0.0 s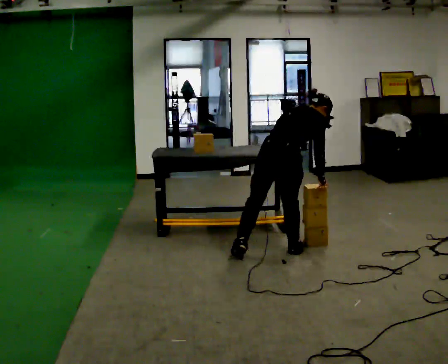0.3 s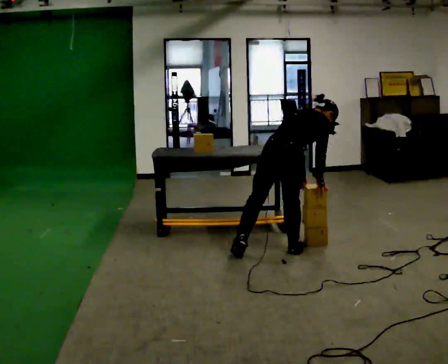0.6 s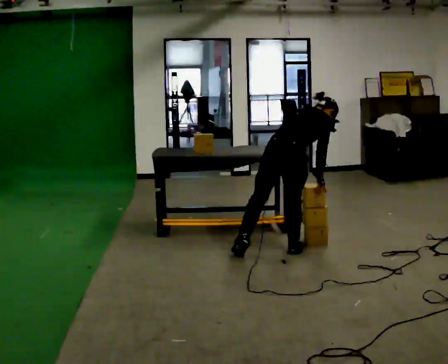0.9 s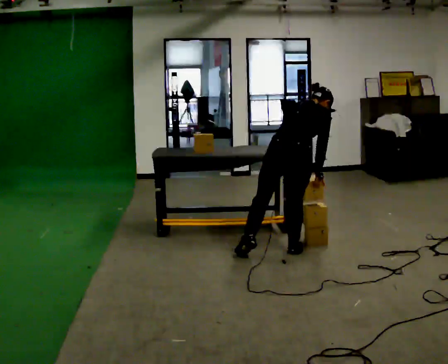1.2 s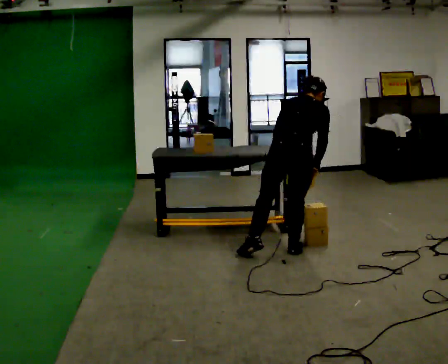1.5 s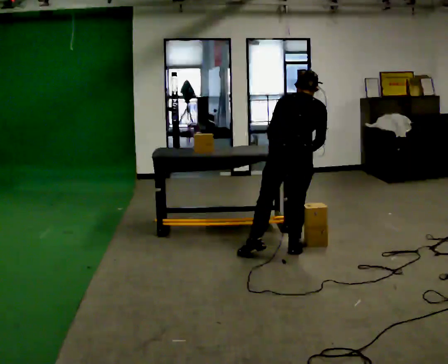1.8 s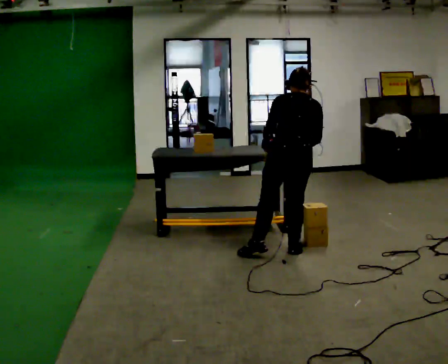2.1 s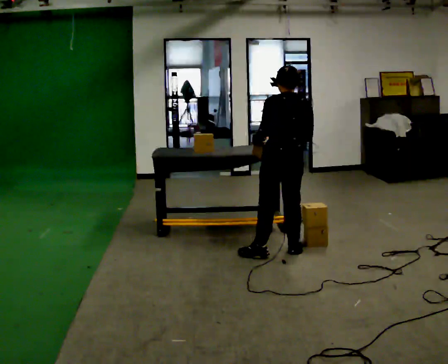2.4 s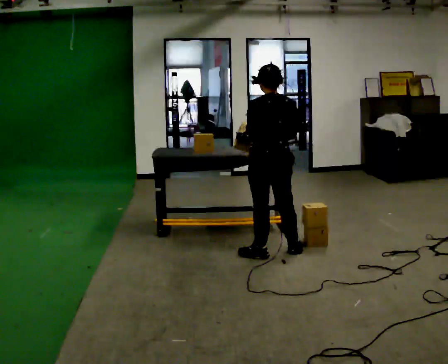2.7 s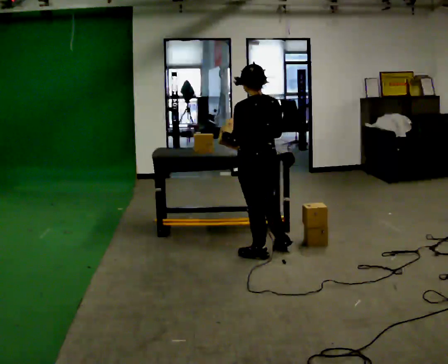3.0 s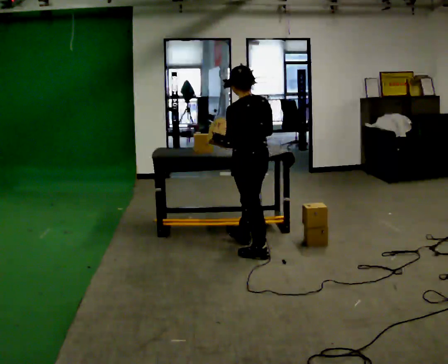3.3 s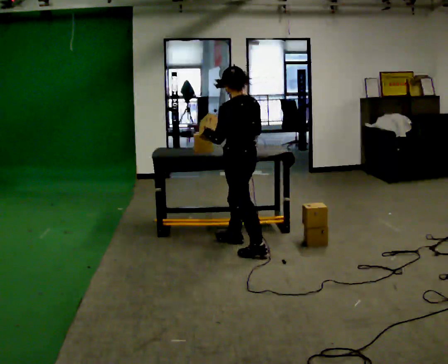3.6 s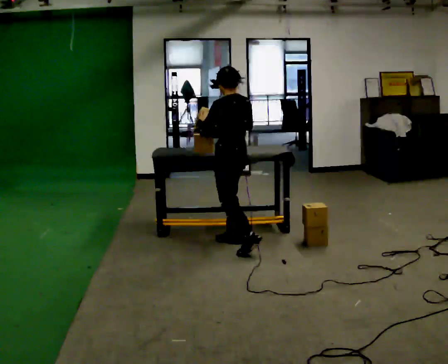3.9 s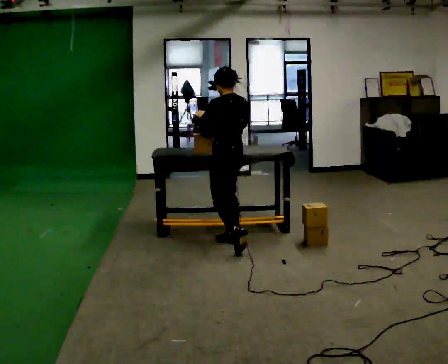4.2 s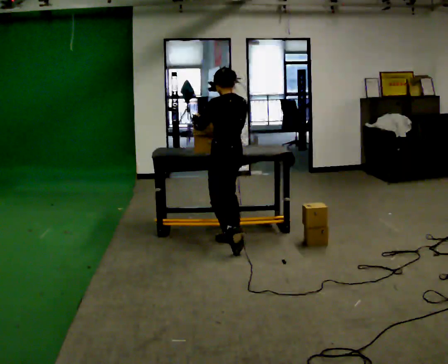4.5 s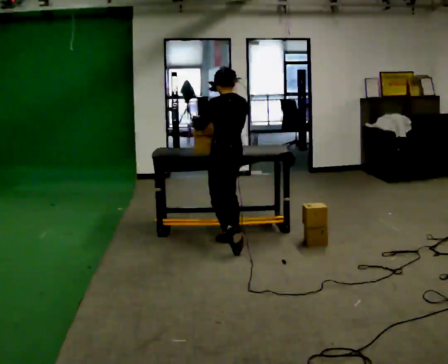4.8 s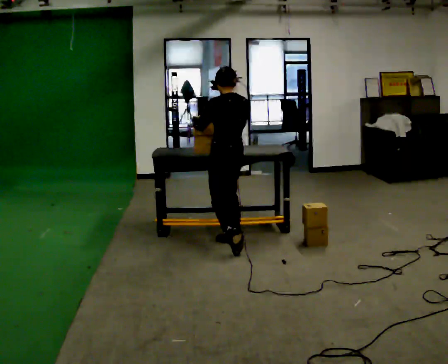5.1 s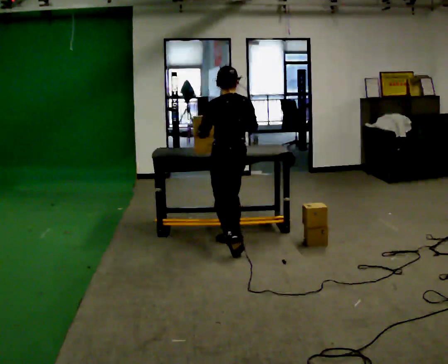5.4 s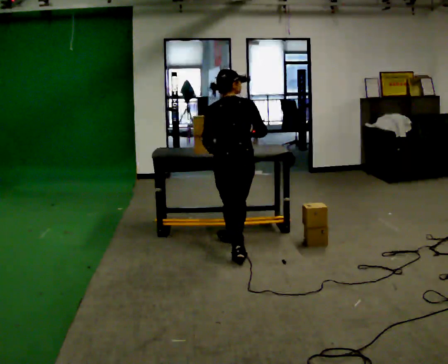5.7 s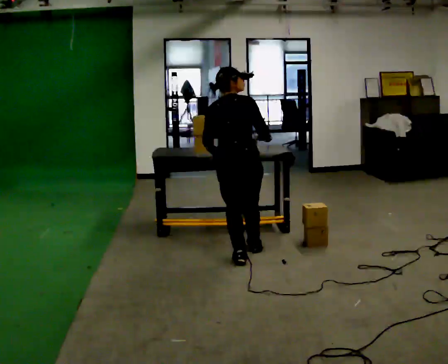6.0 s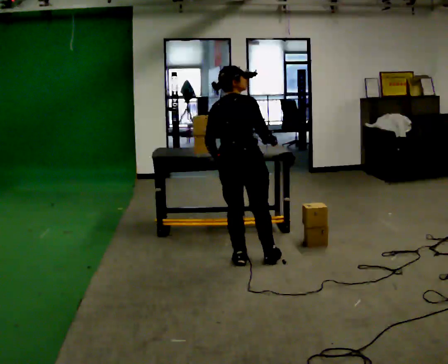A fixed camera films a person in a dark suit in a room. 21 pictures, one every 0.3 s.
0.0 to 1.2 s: The person moves a little, or ends about where they began.
1.2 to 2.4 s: Seen from above the body turns counterclockwise, about 30 degrees: to their left, with its near side sliding to the right. In the picture they go to the left, about 0.25 m, which for them is to their left. The upper body tips toward the camera, its near side rolling downward, as they lean back or straighten. In the picture their right hand goes to the left.
2.4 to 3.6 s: The person turns about 30 degrees to their left, counterclockwise seen from above, so the part of the body nearest the lens slides to the right. In the picture they go away from the camera and to the left, about 0.5 m in 1 step, which for them is forward.
3.6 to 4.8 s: The person moves a little, or ends about where they began.
4.8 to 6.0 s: The person turns about 75 degrees to their right, clockwise seen from above, so the part of the body nearest the lens slides to the left. In the picture they go toward the camera, about 0.5 m.
The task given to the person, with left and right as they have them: Carry the object over and line it up with the mark on the surface as accurately as you can. Keep going until the operator says stop; one object at a time, and do not rush between trips.
The film runs forward here.
